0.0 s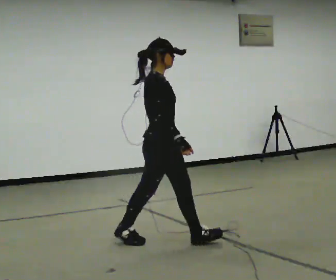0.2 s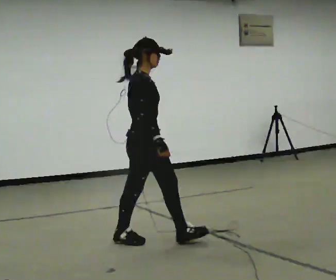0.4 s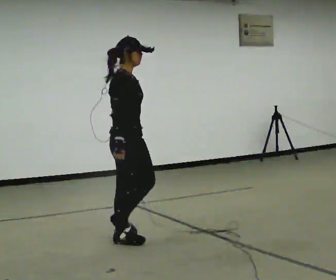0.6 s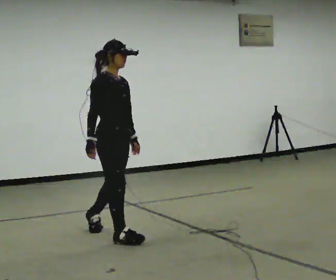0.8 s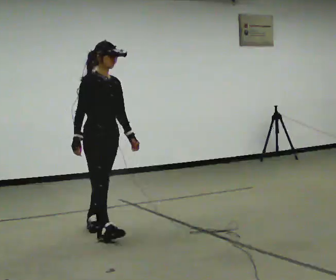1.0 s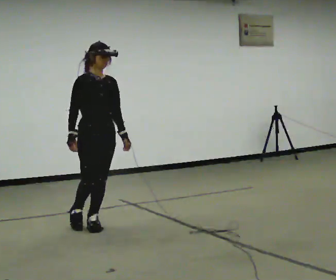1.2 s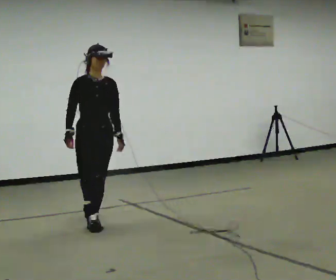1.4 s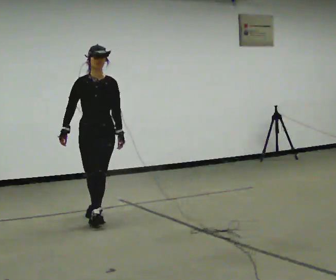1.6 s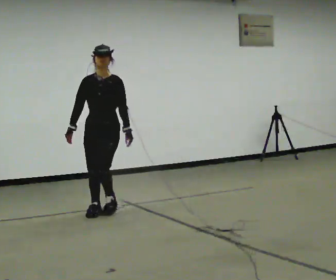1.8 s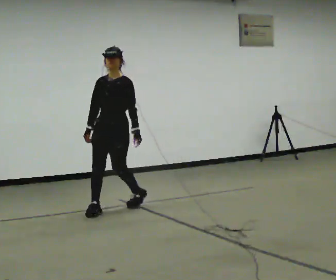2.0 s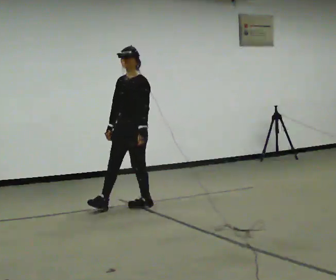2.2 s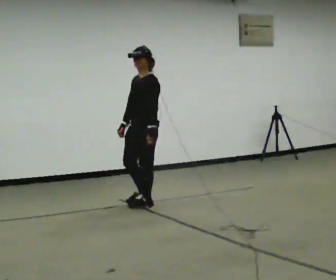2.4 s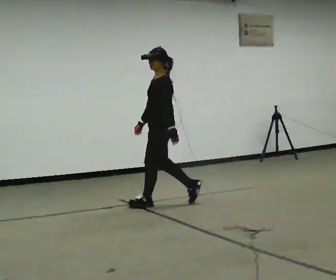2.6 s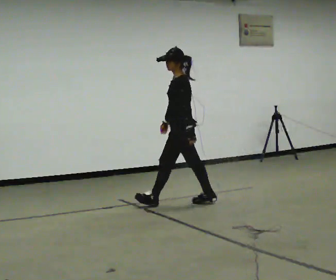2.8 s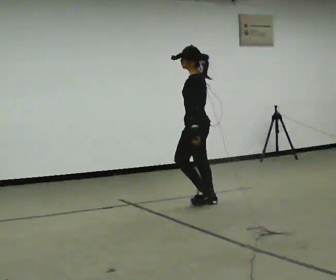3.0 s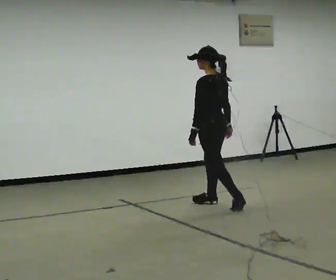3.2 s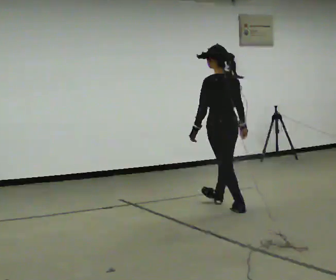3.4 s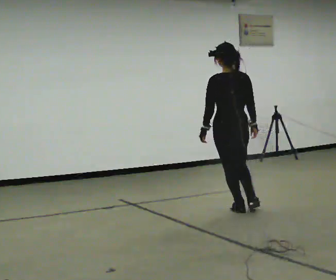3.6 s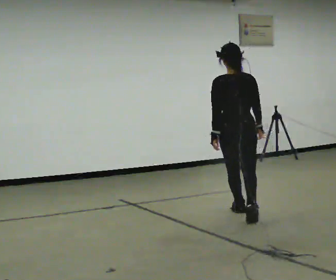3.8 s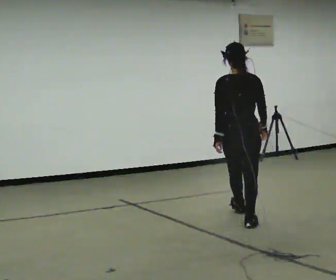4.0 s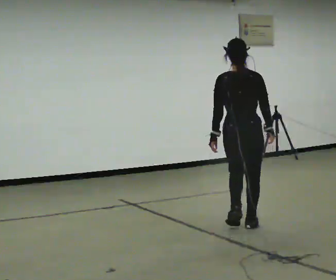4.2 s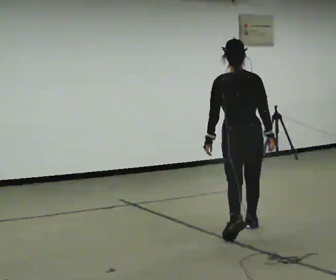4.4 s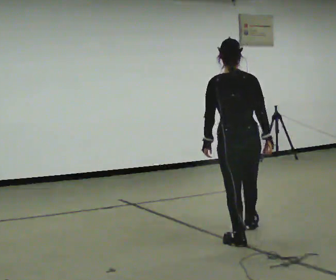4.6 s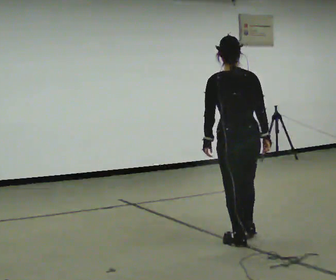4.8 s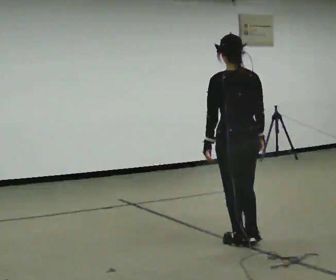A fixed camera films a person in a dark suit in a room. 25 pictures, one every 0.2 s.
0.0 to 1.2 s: Seen from above the body turns clockwise, about 75 degrees: to their right, with its near side sliding to the left. In the picture they go away from the camera and to the left, about 1 m in 2 steps.
1.2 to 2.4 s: The person turns about 90 degrees to their right, clockwise seen from above, so the part of the body nearest the lens slides to the left. In the picture they go away from the camera and to the right, about 1 m in 2 steps.
2.4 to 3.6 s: The person turns about 105 degrees to their right, clockwise seen from above, so the part of the body nearest the lens slides to the left. In the picture they go to the right and toward the camera, about 1 m in 2 steps.
3.6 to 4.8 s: In the picture they go toward the camera, about 1 m in 2 steps, which for them is backward.
The film runs backward here.
